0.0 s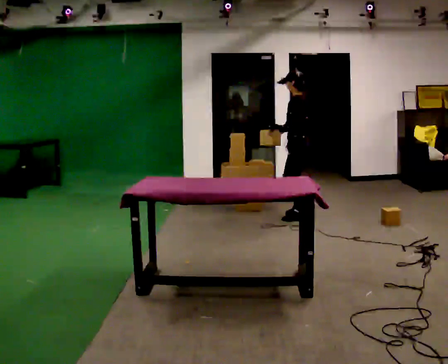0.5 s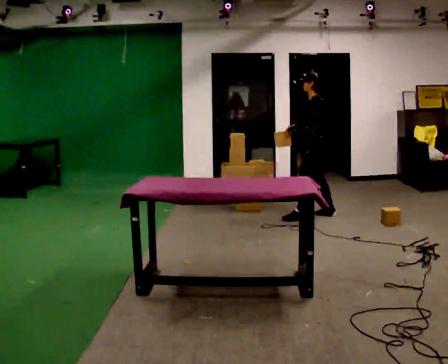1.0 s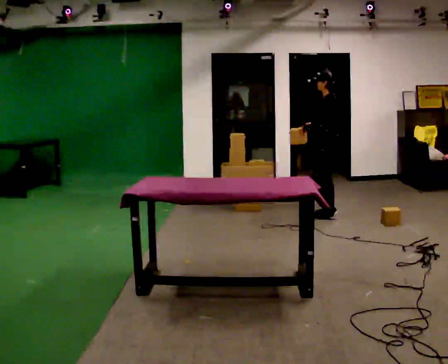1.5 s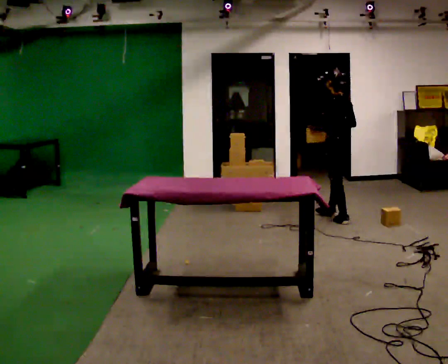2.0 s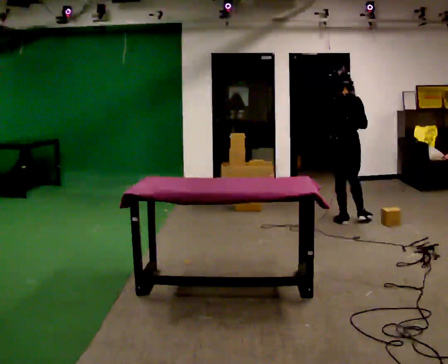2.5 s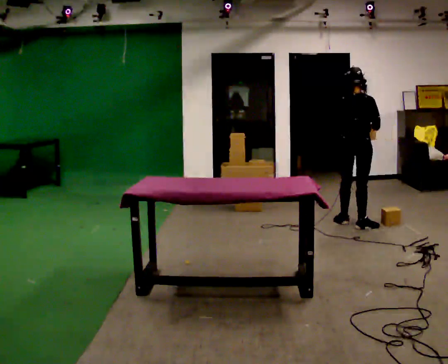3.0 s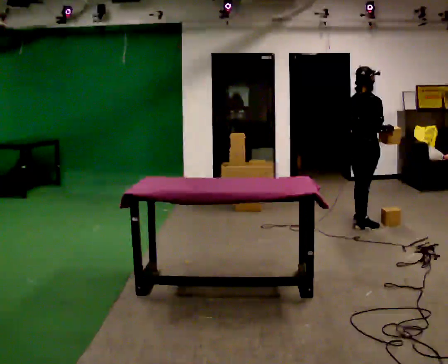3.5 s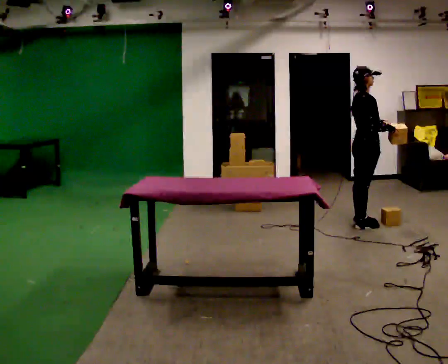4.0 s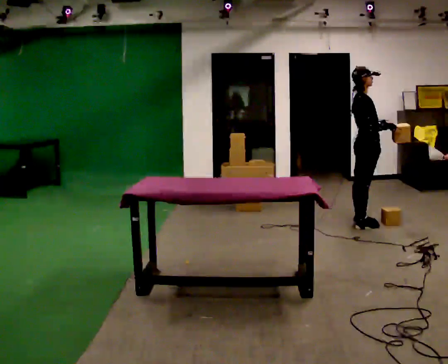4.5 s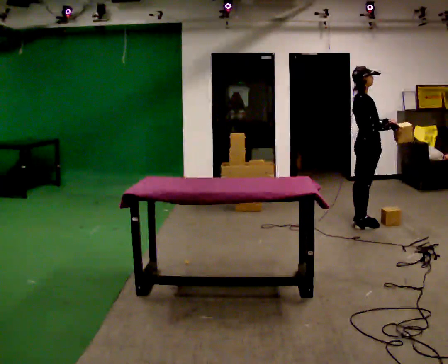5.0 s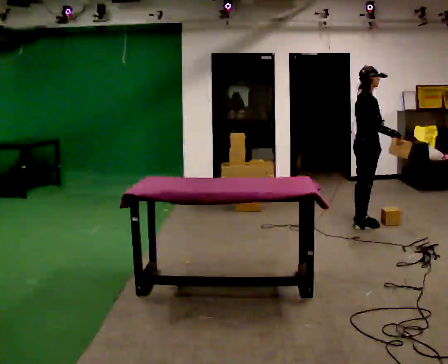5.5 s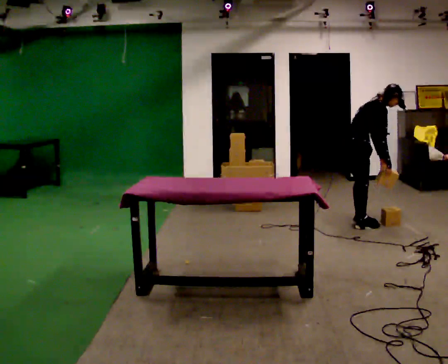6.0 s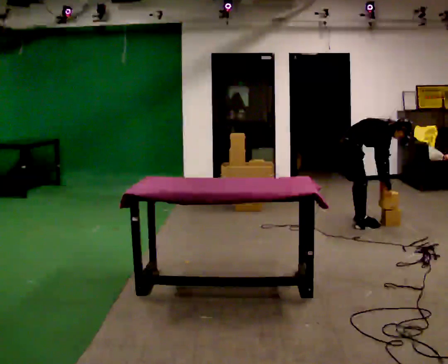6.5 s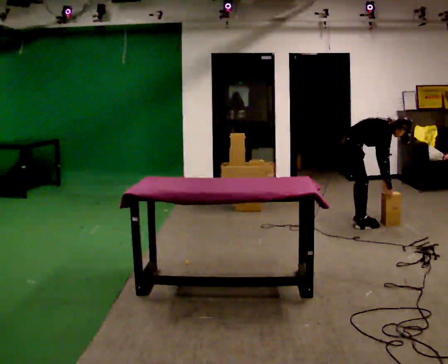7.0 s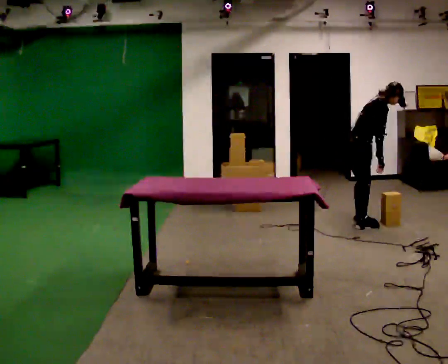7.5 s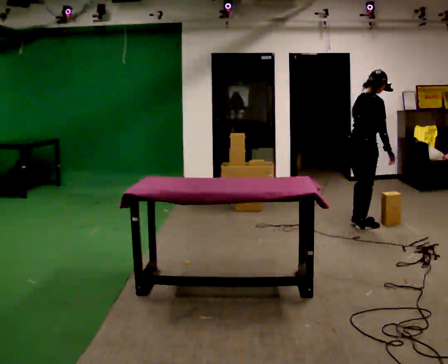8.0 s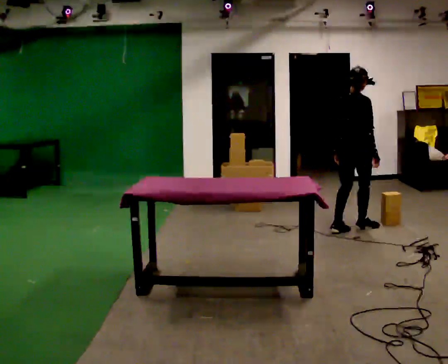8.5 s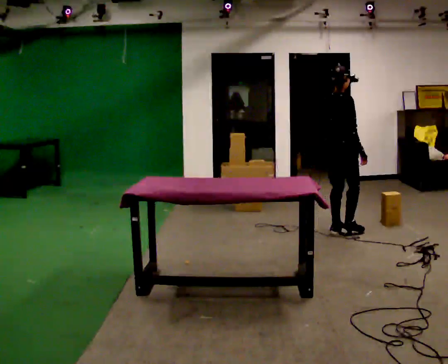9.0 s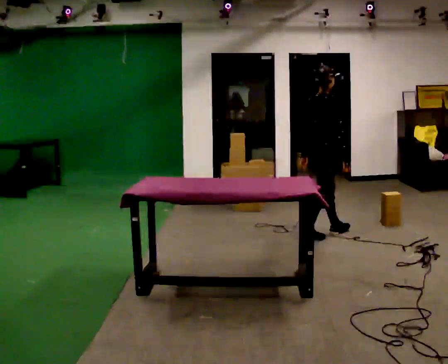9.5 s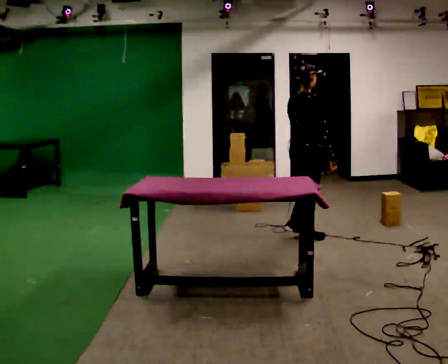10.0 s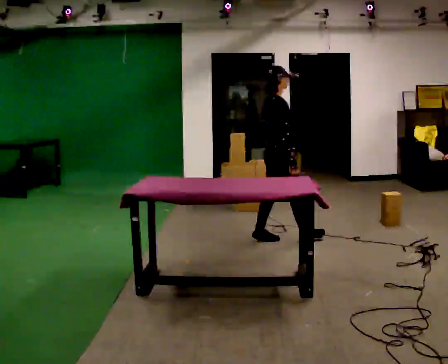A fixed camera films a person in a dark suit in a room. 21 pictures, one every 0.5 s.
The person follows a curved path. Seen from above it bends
clockwise.
0.0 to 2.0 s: The person turns about 60 degrees to their right, clockwise seen from above, so the part of the body nearest the lens slides to the left. In the picture they go to the right, about 0.5 m in 2 steps.
2.0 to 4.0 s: The person turns about 90 degrees to their right, clockwise seen from above, so the part of the body nearest the lens slides to the left. In the picture they go to the right, about 0.25 m. In the picture their left hand goes to the right.
4.0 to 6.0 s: In the picture they go to the left, about 0.25 m, which for them is backward. The shoulders move downward. In the picture the upper body tilts clockwise, shoulders to the right, as they bend forward. In the picture their left hand goes downward.
6.0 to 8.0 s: The part of the body nearest the lens slides to the right as the person turns to their left by about 45 degrees. The upper body goes upward. In the picture the upper body tilts counterclockwise, shoulders to the left, as they lean back or straighten. In the picture their left hand goes to the left and upward.
8.0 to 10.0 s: In the picture they go toward the camera and to the left, about 1 m in 2 steps, which for them is backward.
The film runs backward here.
